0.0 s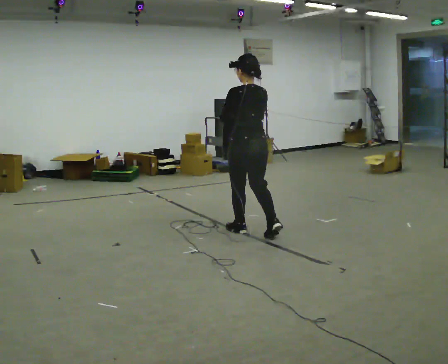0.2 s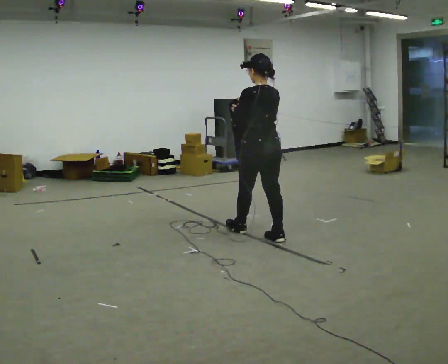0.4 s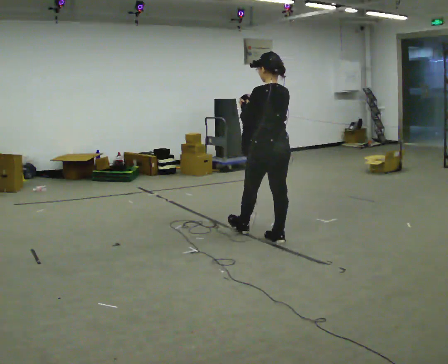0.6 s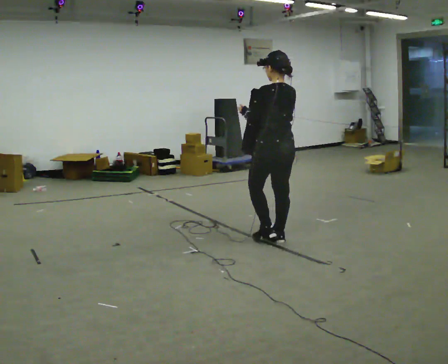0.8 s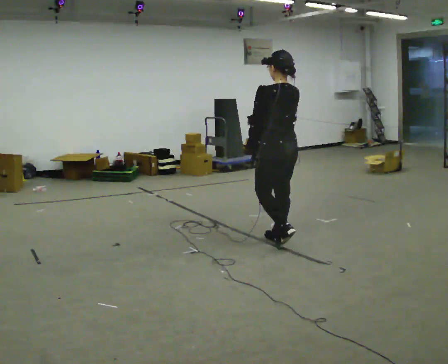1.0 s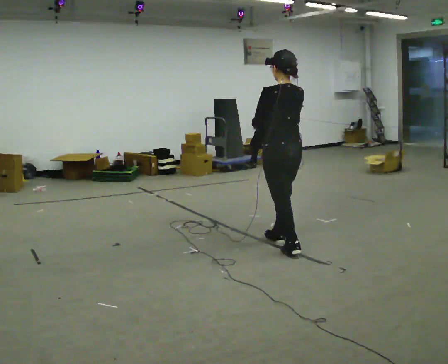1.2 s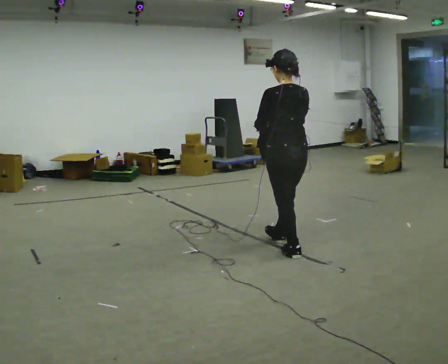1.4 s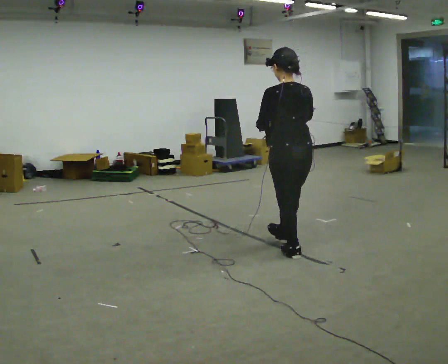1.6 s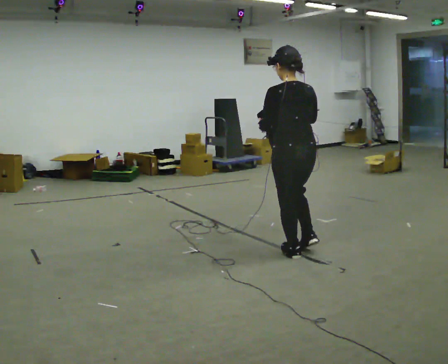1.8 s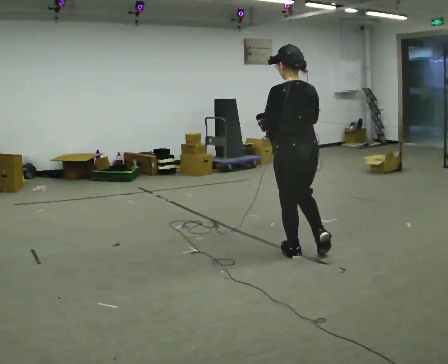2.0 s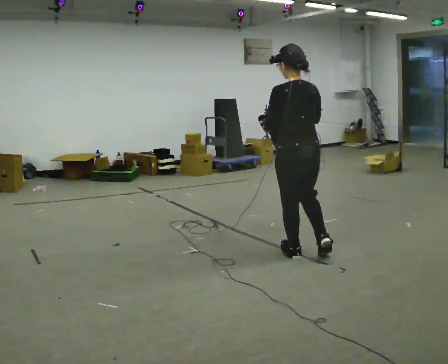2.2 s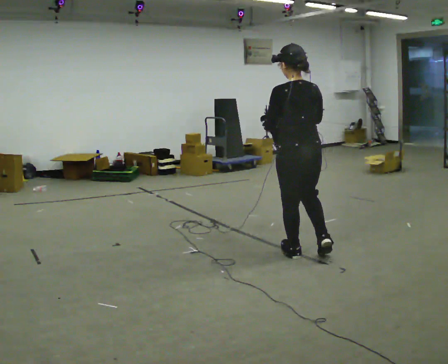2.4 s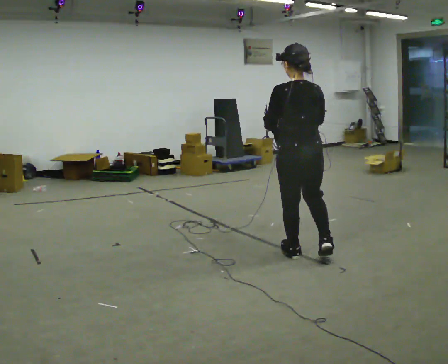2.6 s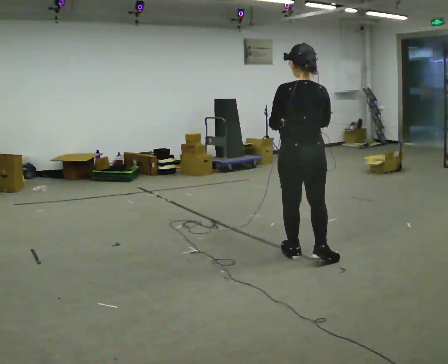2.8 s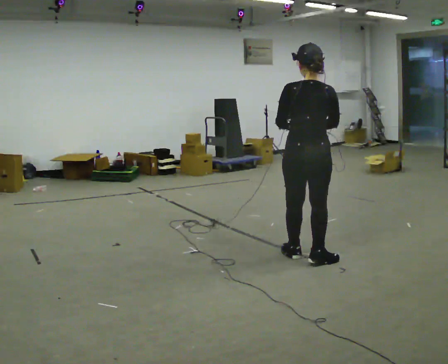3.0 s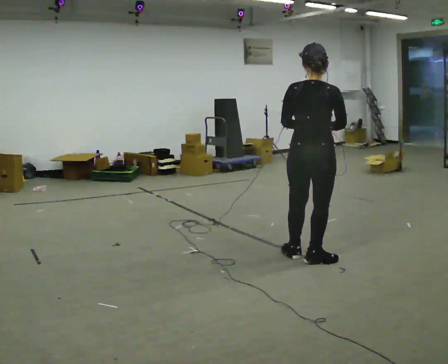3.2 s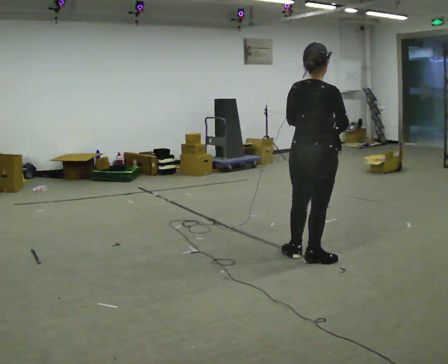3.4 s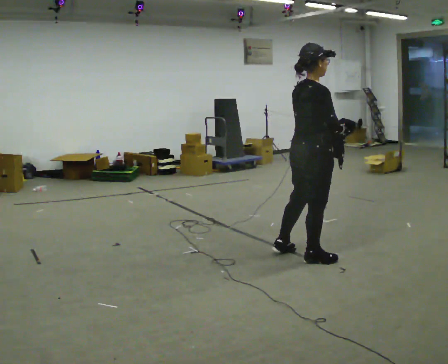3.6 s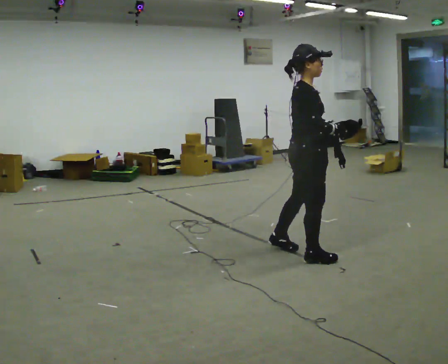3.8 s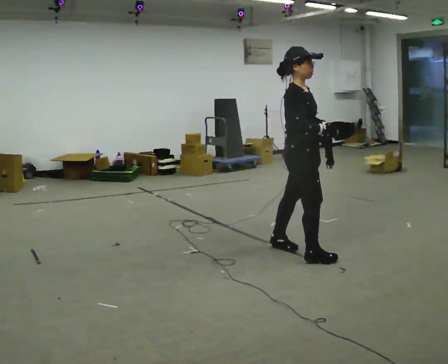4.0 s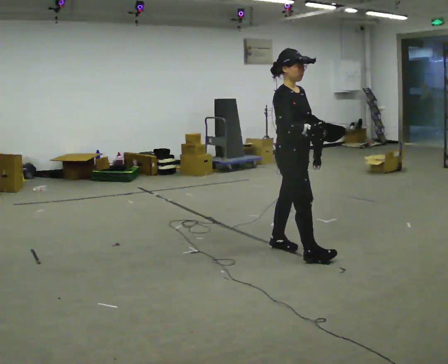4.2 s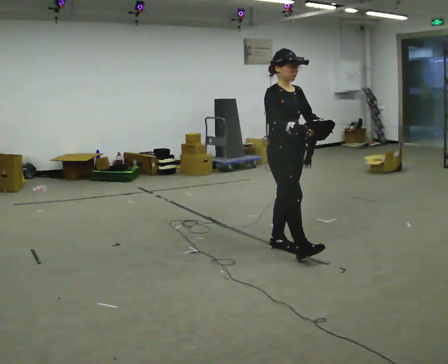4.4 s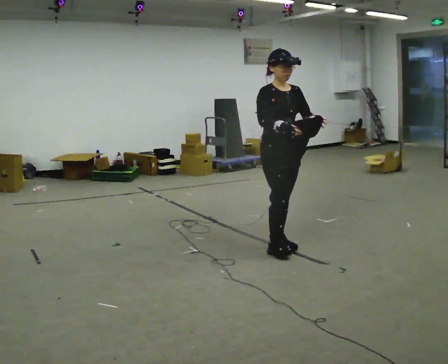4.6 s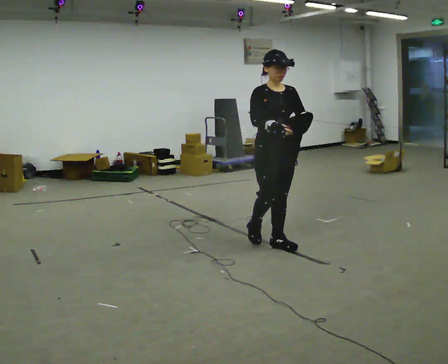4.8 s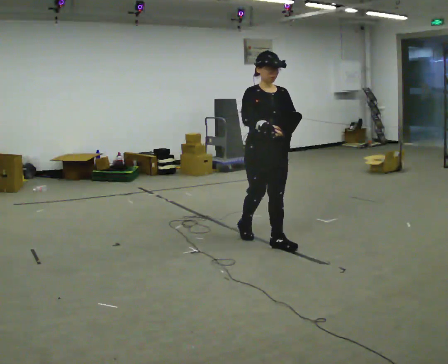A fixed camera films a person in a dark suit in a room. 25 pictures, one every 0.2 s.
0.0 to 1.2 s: In the picture they go toward the camera and to the right, about 0.5 m in 1 step, which for them is backward.
1.2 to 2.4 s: In the picture they go toward the camera, about 0.25 m in 1 step, which for them is backward.
2.4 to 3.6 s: The part of the body nearest the lens slides to the left as the person turns to their right by about 105 degrees. In the picture their right hand goes to the right.
3.6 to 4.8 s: The part of the body nearest the lens slides to the left as the person turns to their right by about 75 degrees. In the picture they go away from the camera and to the left, about 0.5 m in 1 step.
The film runs backward here.
